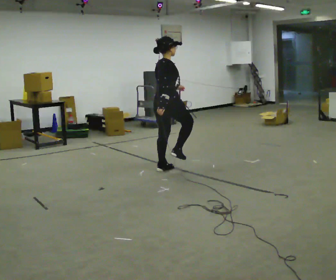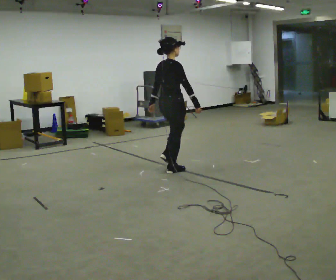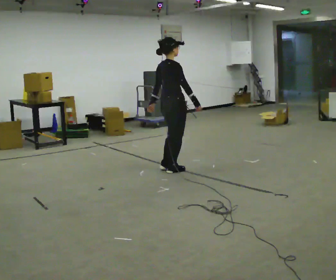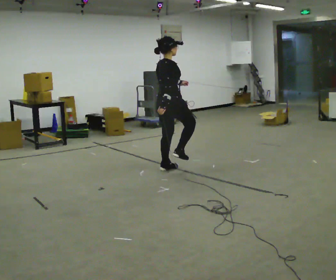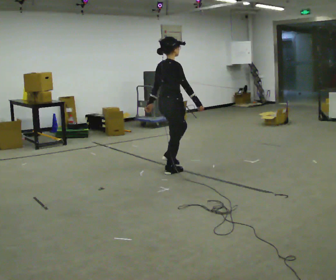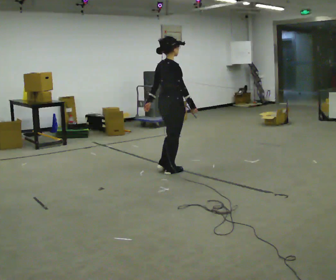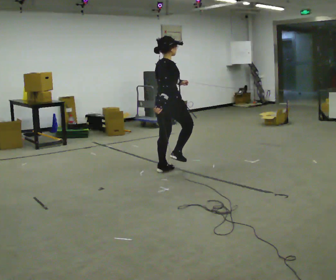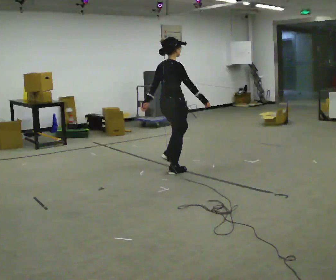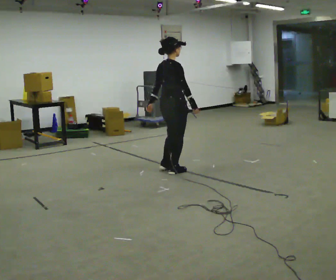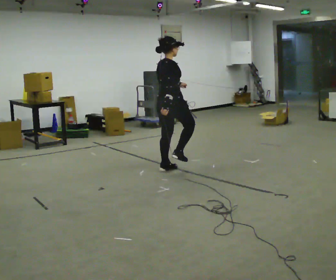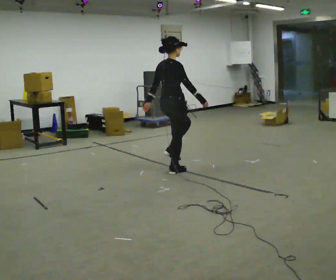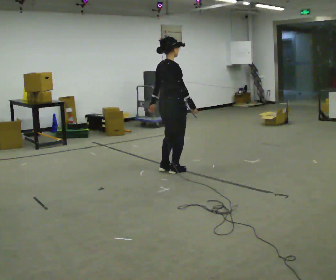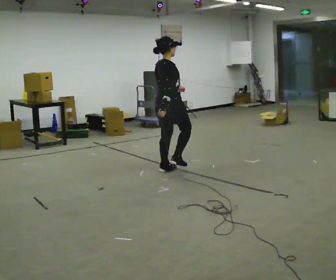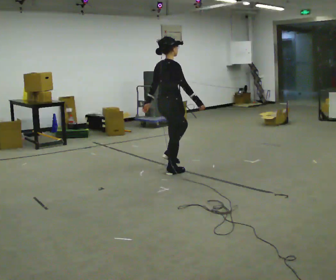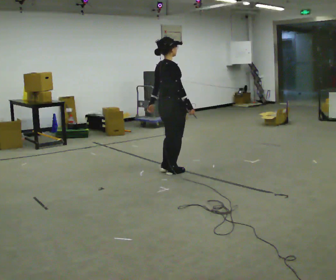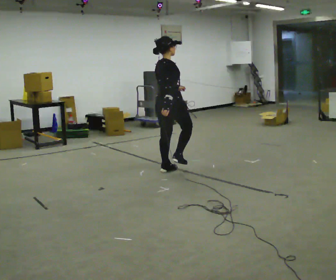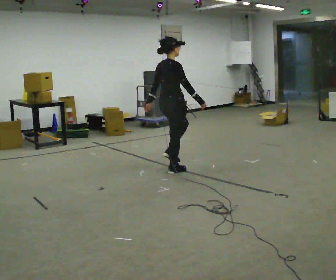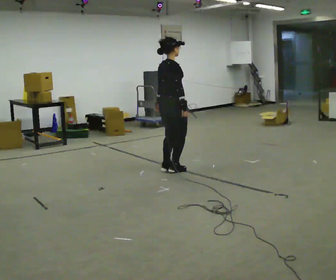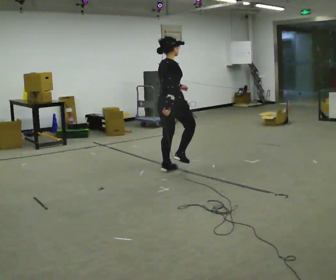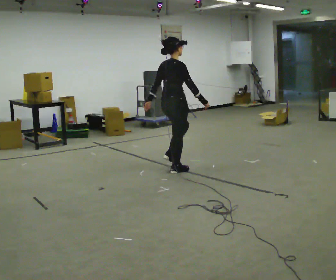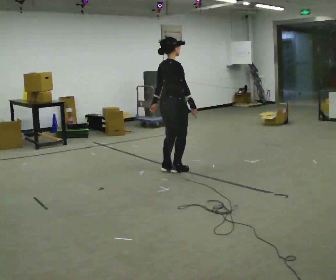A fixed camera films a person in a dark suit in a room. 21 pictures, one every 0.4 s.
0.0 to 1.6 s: In the picture their left hand goes to the left.
1.6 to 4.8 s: In the picture their left hand goes to the right.
4.8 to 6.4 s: In the picture their left hand goes to the left.
6.4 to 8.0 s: The person moves a little, or ends about where they began.
The film runs forward here.
